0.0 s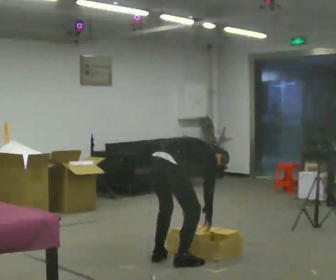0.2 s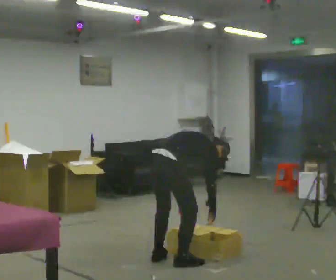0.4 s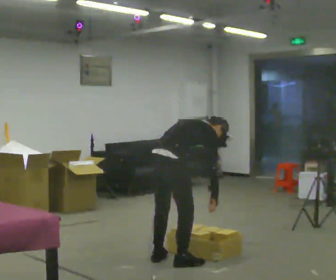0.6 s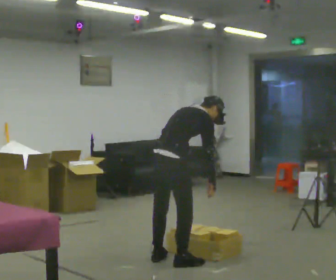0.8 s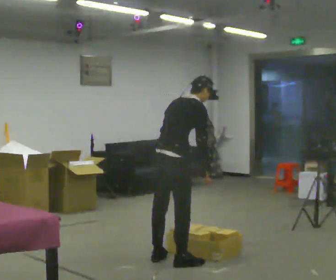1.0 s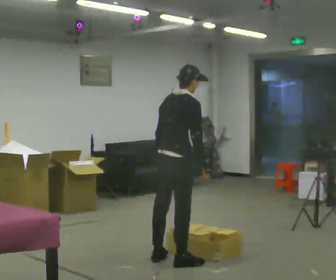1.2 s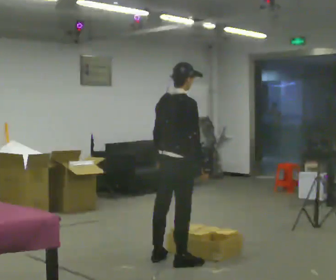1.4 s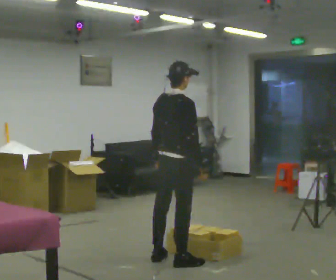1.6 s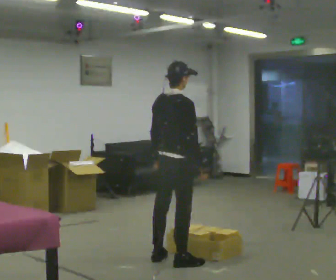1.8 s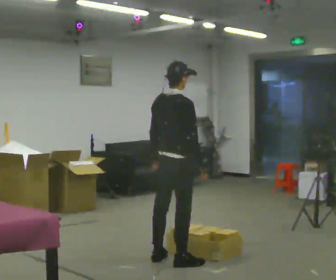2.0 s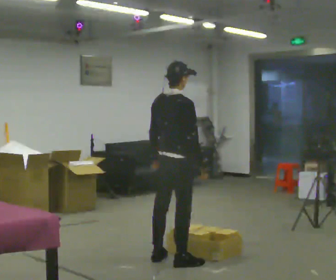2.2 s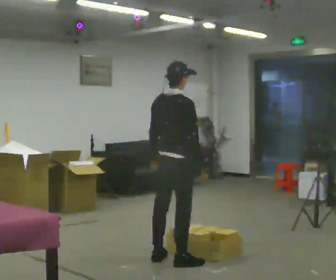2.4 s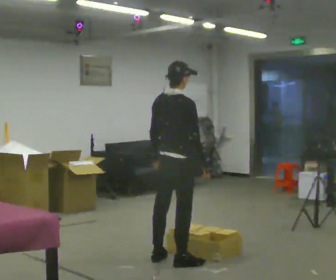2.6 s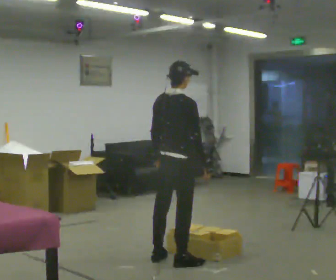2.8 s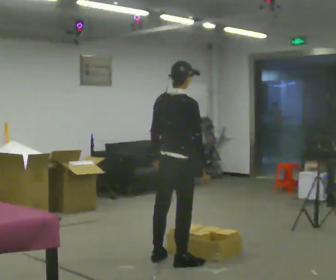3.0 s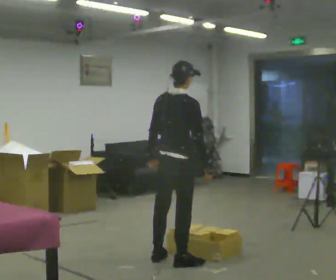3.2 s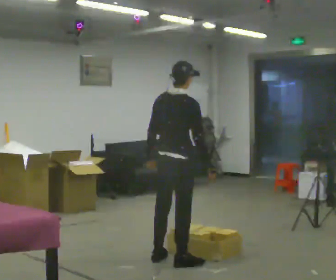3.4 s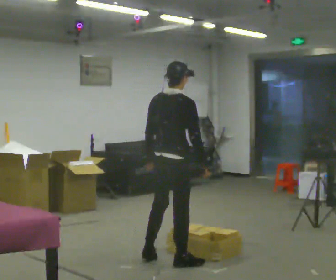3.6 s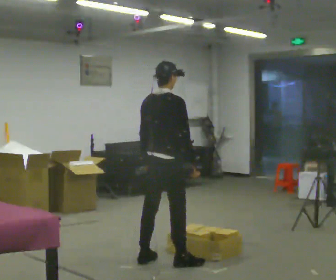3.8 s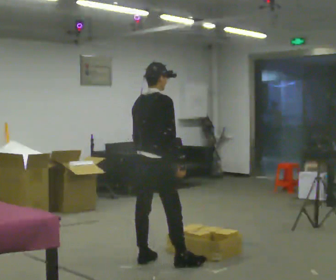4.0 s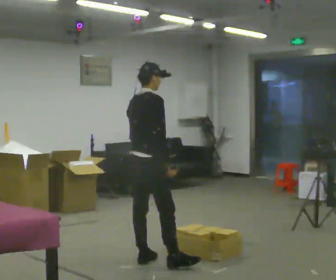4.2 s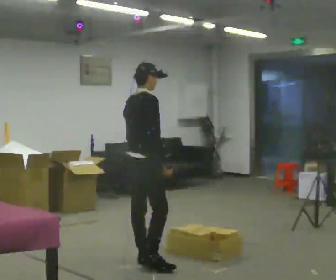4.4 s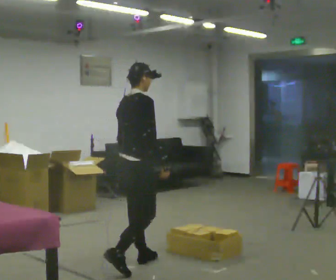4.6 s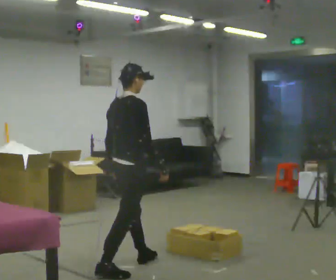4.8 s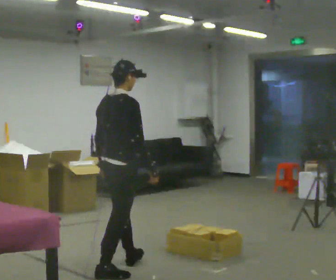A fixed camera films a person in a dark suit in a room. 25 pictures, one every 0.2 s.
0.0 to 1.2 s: The upper body goes upward. In the picture the upper body tilts counterclockwise, shoulders to the left, as they lean back or straighten. In the picture their right hand goes upward.
1.2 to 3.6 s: The person moves a little, or ends about where they began.
3.6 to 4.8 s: In the picture they go to the left and toward the camera, about 0.5 m in 2 steps, which for them is backward.
The film runs backward here.
